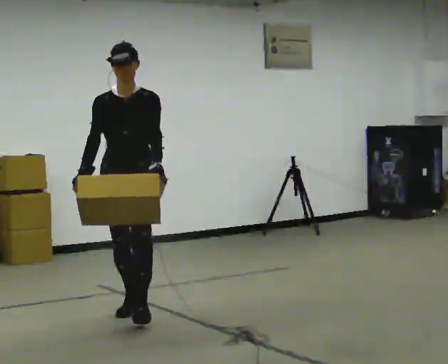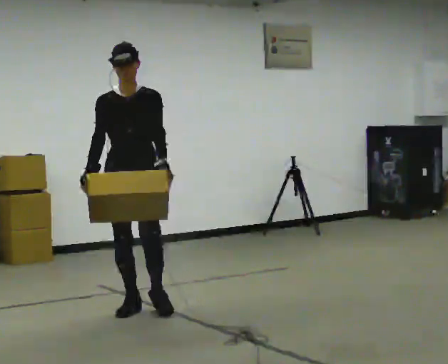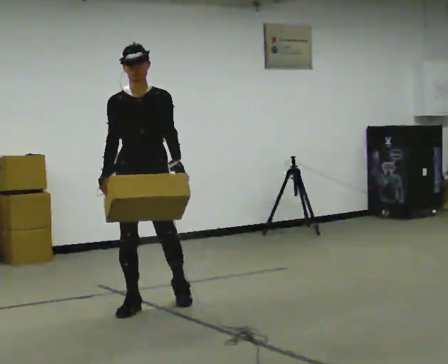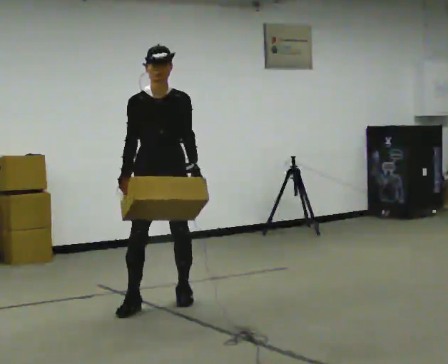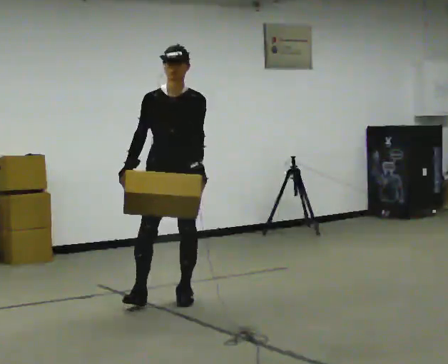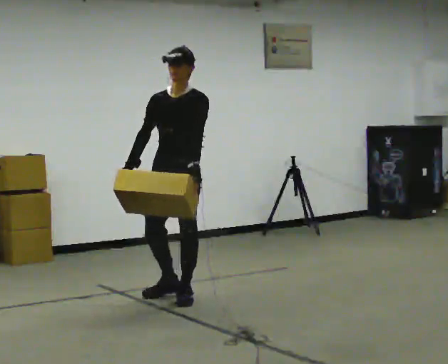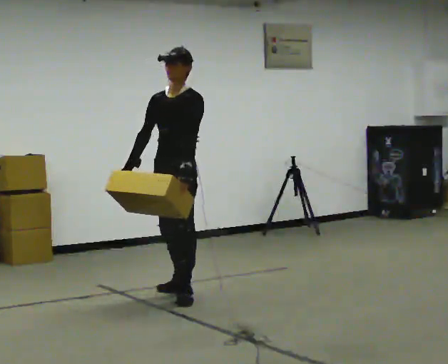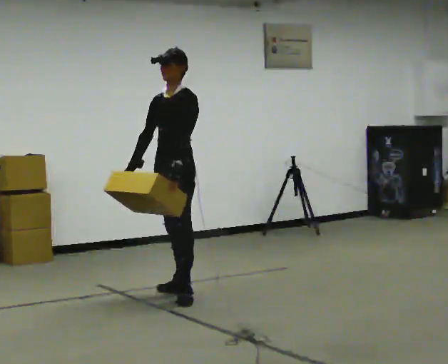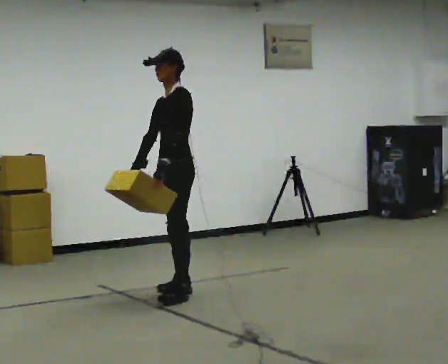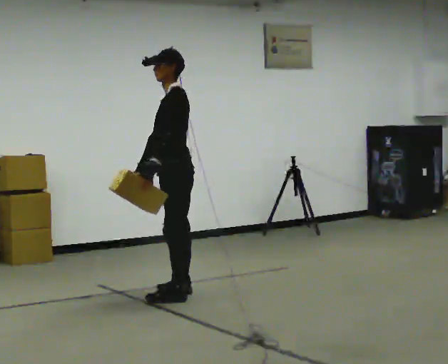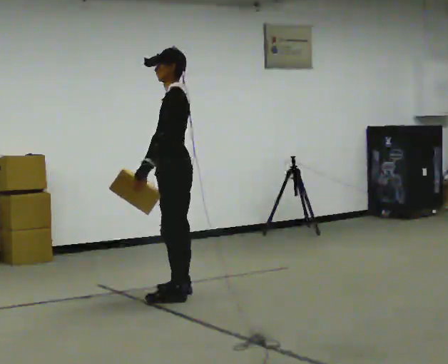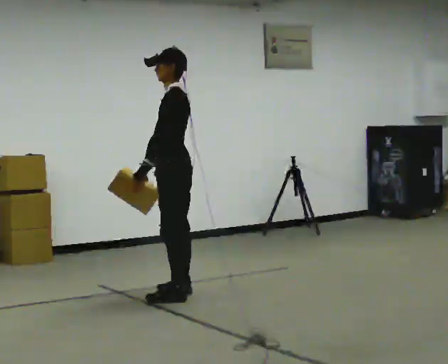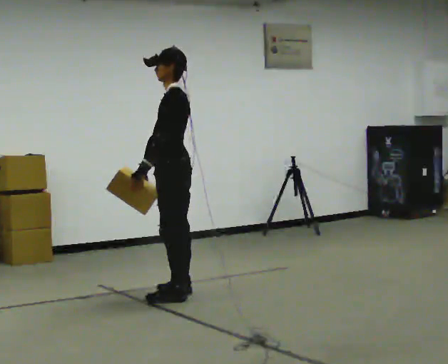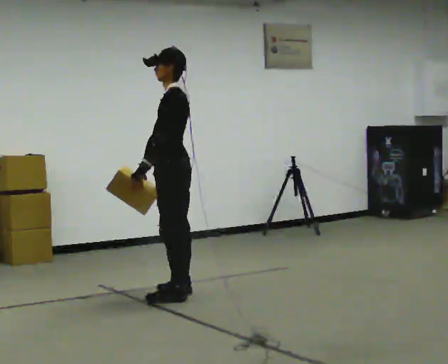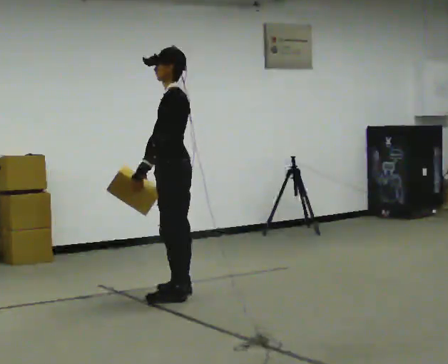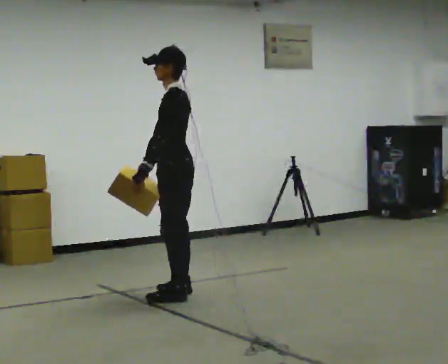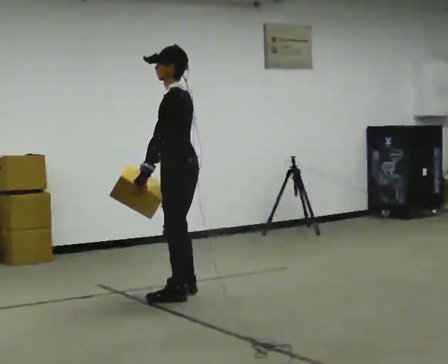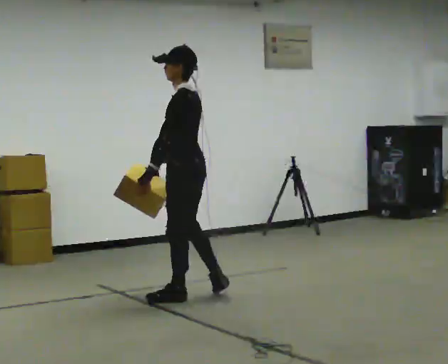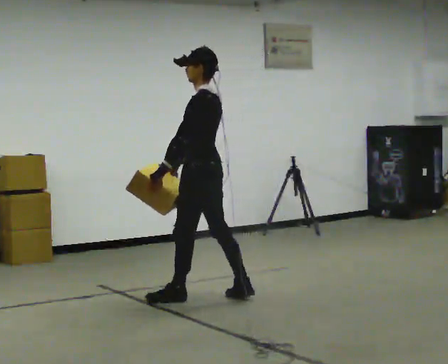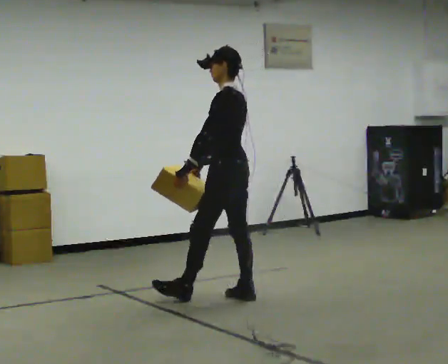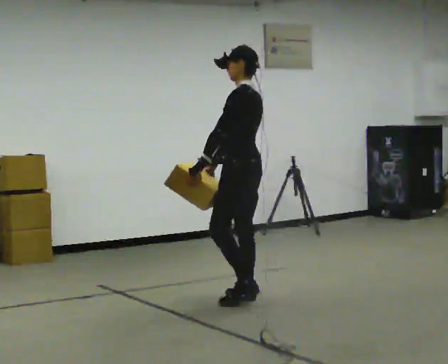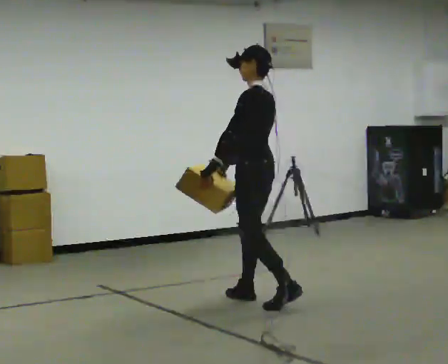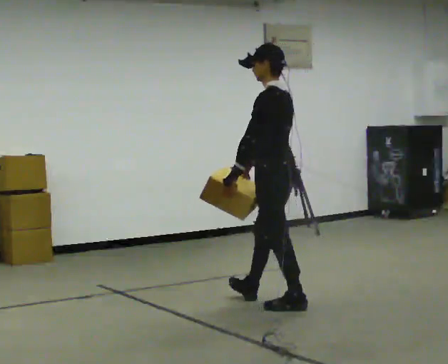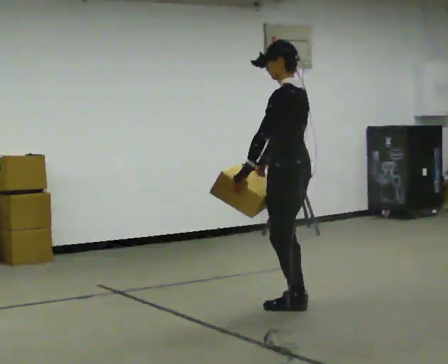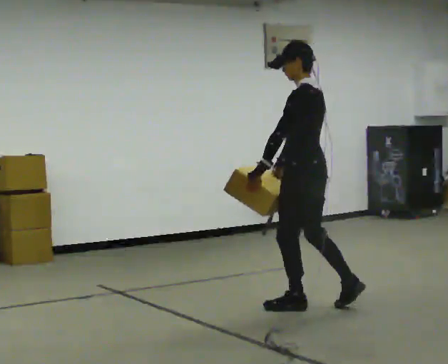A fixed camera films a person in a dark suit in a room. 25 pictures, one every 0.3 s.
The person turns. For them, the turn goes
to their right.
The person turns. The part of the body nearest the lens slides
to the left.
0.0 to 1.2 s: In the picture they go away from the camera and to the right, about 0.5 m in 1 step, which for them is backward and to their left.
1.2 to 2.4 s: The part of the body nearest the lens slides to the left as the person turns to their right by about 60 degrees. In the picture they go away from the camera, about 0.25 m.
2.4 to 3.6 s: The person turns about 30 degrees to their right, clockwise seen from above, so the part of the body nearest the lens slides to the left.
3.6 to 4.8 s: The person moves a little, or ends about where they began.
4.8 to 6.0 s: In the picture they go to the right, about 0.5 m in 1 step, which for them is backward.
6.0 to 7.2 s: In the picture they go to the right and toward the camera, about 0.5 m in 1 step, which for them is backward.
The film runs backward here.
